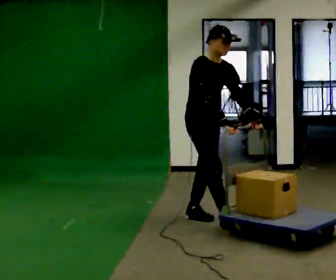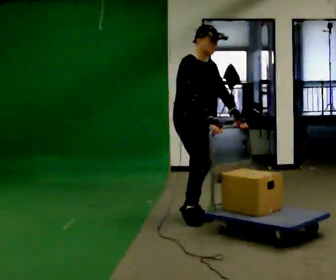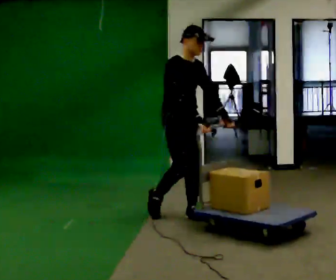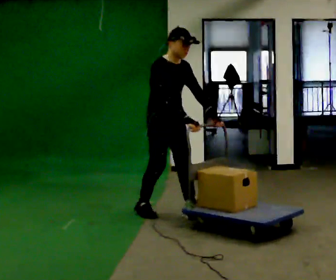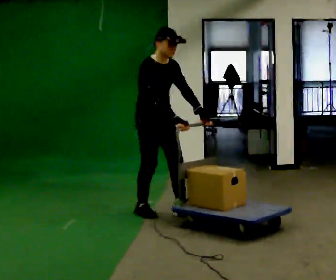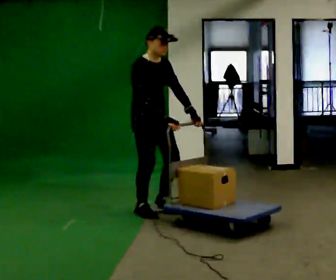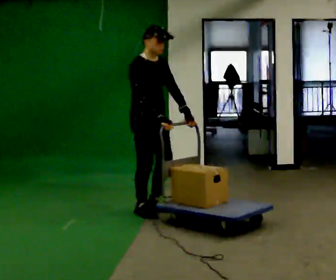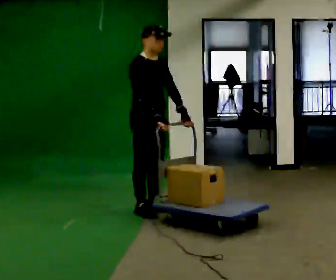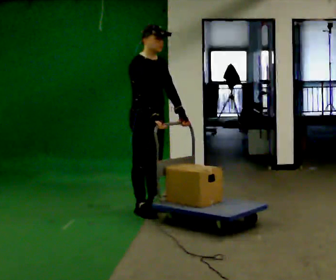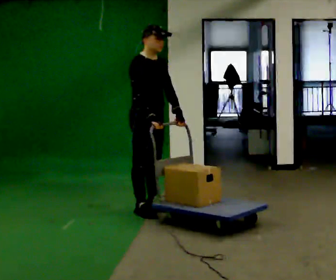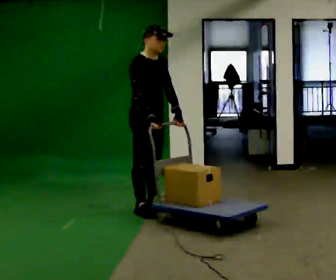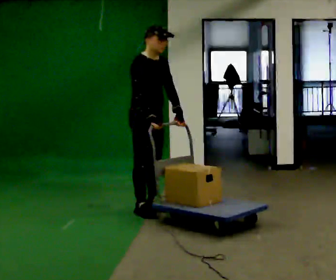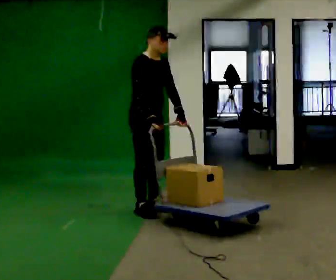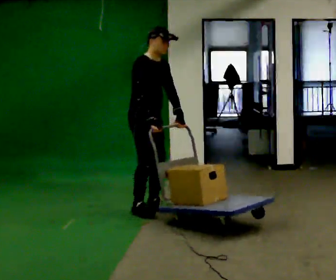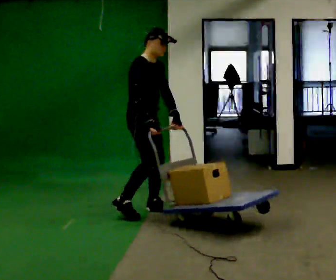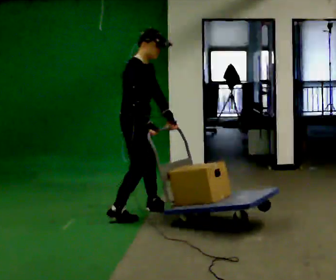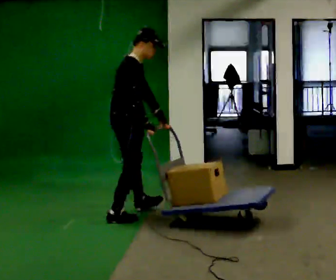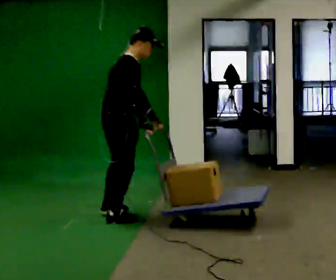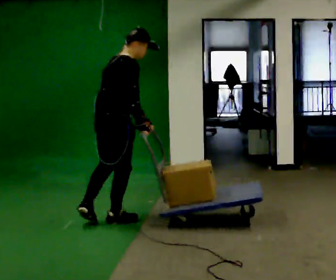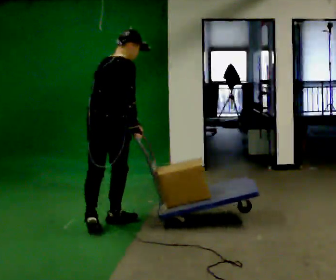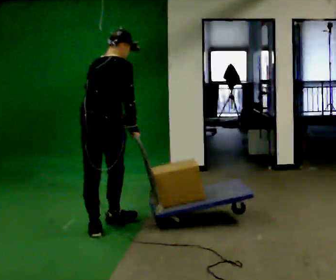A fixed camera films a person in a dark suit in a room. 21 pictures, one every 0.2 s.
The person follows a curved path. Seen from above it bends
counterclockwise.
The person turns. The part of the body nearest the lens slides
to the right.
0.0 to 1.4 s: In the picture they go to the left and away from the camera, about 0.5 m in 1 step, which for them is backward.
1.4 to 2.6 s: The person moves a little, or ends about where they began.
2.6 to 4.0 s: The person turns about 105 degrees to their left, counterclockwise seen from above, so the part of the body nearest the lens slides to the right. In the picture they go toward the camera and to the left, about 0.5 m in 1 step.
The film runs backward here.
